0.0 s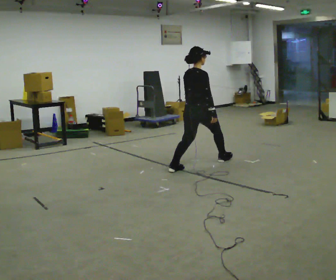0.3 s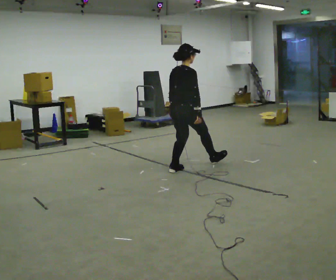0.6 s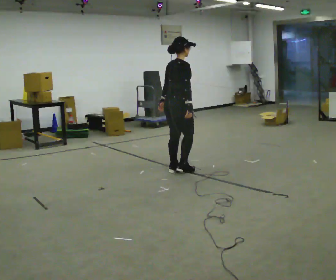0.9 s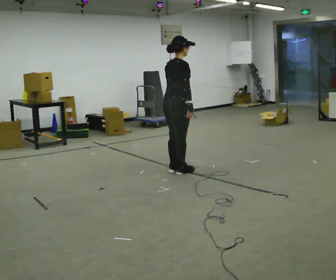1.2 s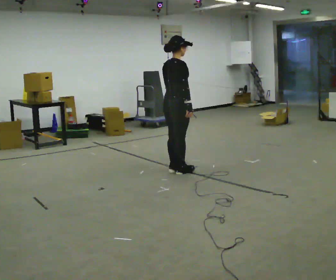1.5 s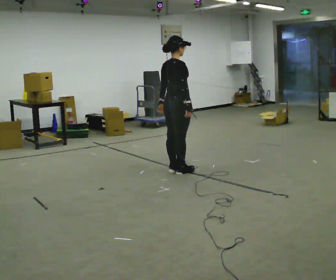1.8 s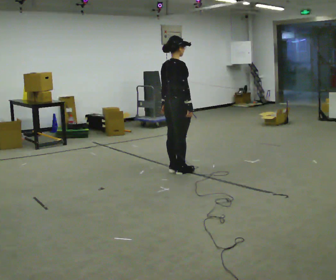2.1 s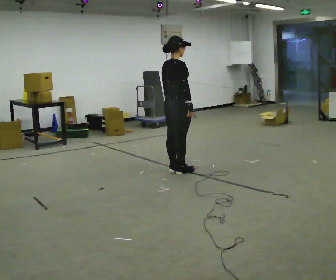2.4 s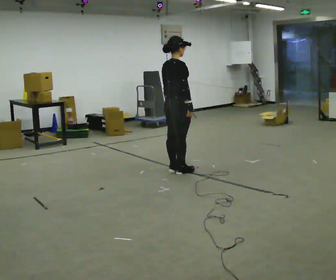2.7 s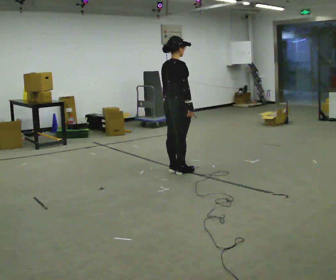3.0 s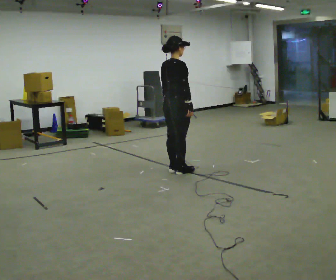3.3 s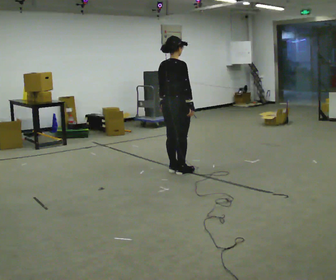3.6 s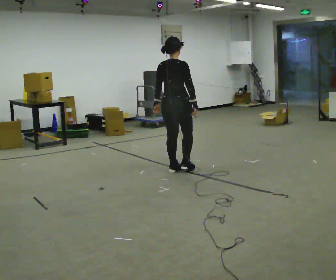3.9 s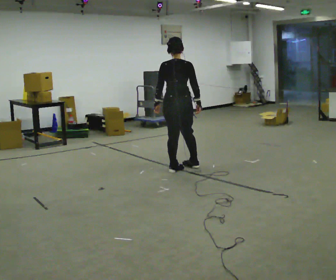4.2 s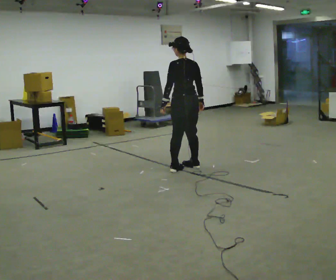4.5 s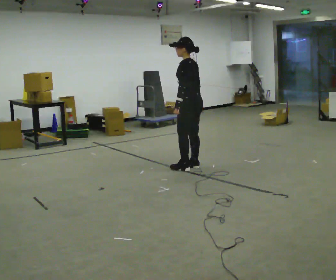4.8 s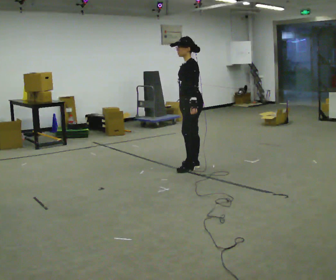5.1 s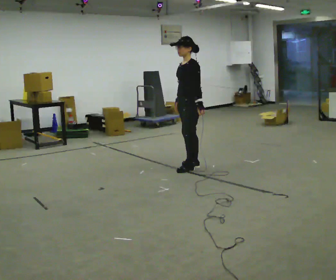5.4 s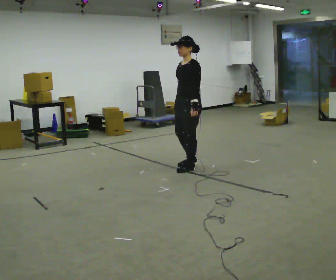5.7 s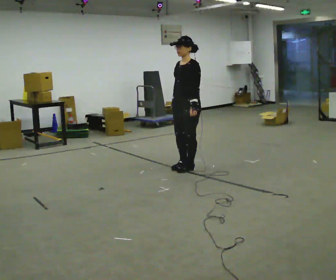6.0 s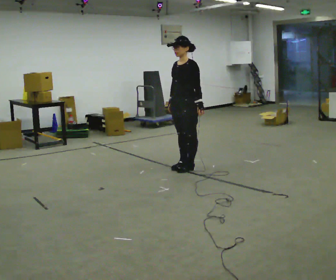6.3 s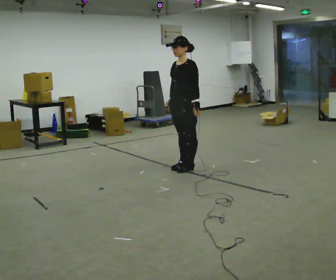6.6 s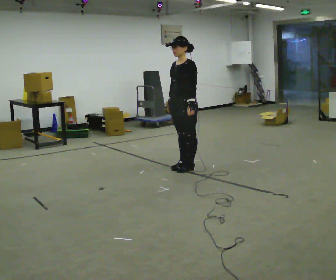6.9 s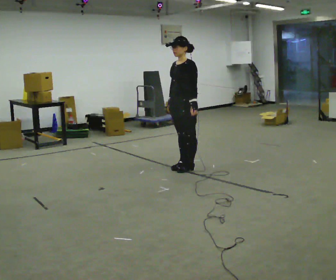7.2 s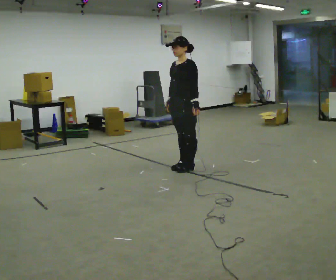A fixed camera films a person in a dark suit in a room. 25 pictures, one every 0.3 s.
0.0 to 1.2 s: In the picture they go to the left and toward the camera, about 0.5 m in 1 step, which for them is backward.
1.2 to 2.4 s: The person moves a little, or ends about where they began.
2.4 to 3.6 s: The person turns about 30 degrees to their left, counterclockwise seen from above, so the part of the body nearest the lens slides to the right.
3.6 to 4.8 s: The person turns about 120 degrees to their left, counterclockwise seen from above, so the part of the body nearest the lens slides to the right. In the picture they go to the right, about 0.25 m in 2 steps. In the picture their left hand goes to the right.
4.8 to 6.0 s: The part of the body nearest the lens slides to the right as the person turns to their left by about 30 degrees.
6.0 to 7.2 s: The person moves a little, or ends about where they began.
The film runs forward here.
